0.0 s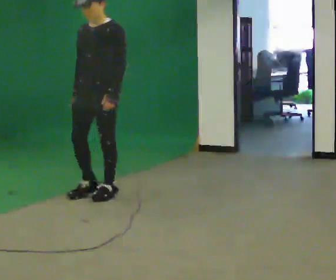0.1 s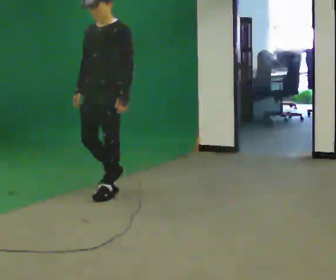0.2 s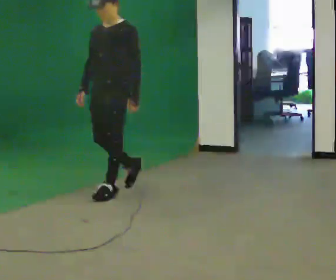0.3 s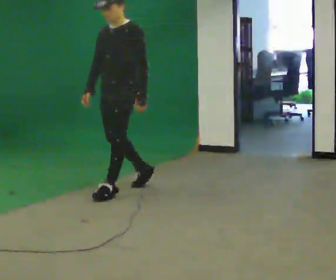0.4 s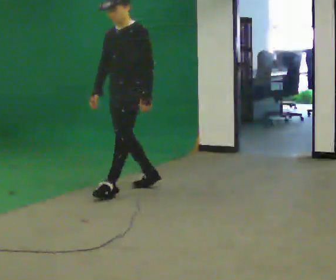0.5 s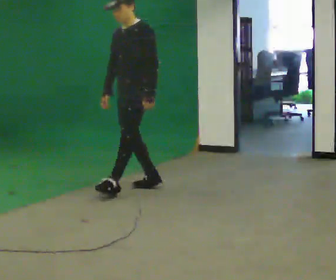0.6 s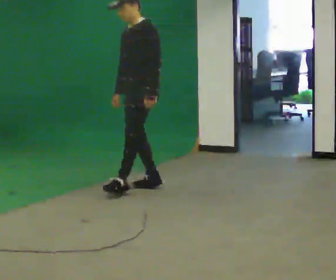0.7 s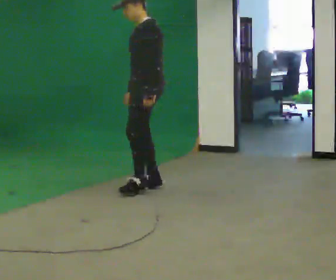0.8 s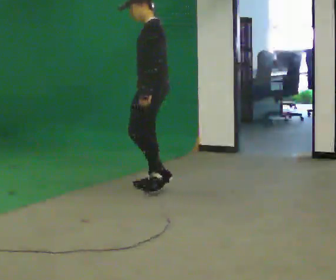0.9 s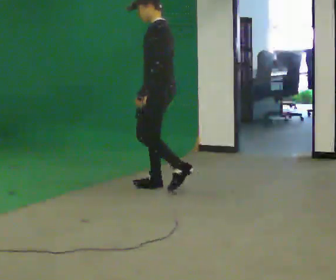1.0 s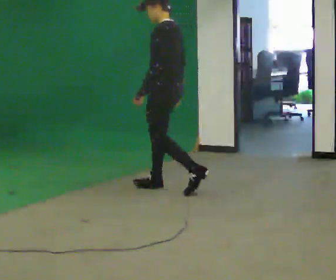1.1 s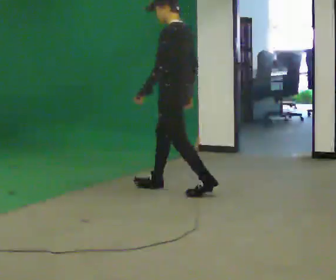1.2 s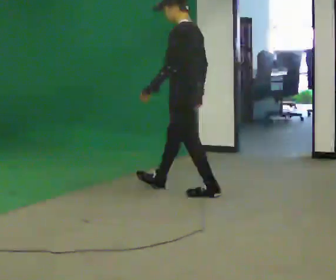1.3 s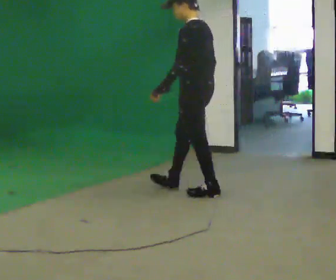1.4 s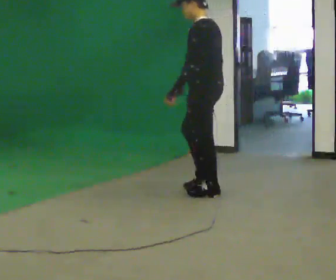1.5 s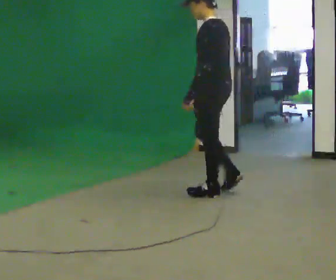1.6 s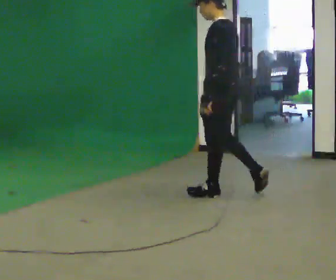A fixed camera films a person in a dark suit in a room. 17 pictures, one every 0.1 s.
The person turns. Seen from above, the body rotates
clockwise.
The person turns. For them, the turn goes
to their right.
0.0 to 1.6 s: Seen from above the body turns clockwise, about 90 degrees: to their right, with its near side sliding to the left. In the picture they go to the right, about 1 m in 2 steps.
The film runs backward here.
